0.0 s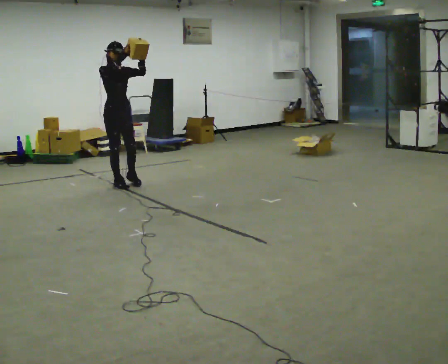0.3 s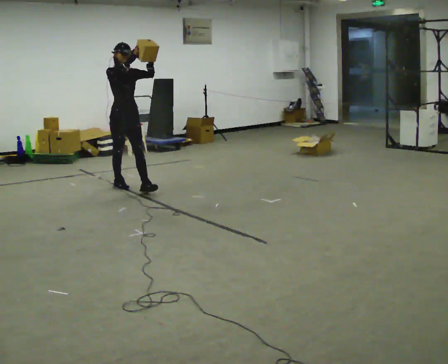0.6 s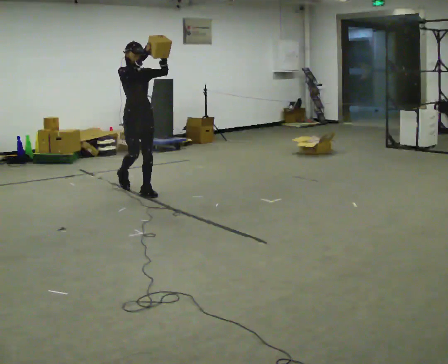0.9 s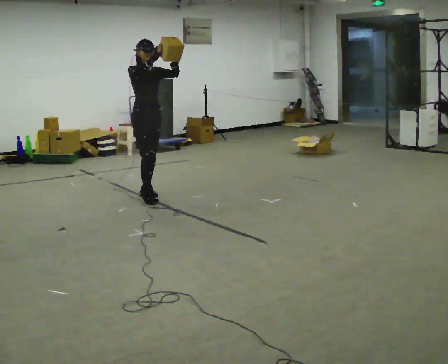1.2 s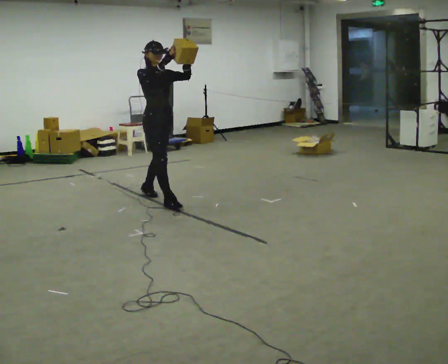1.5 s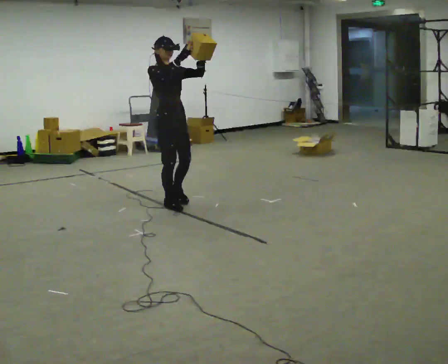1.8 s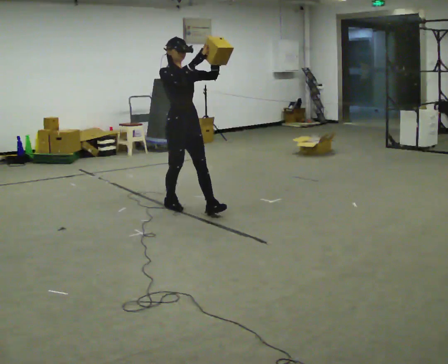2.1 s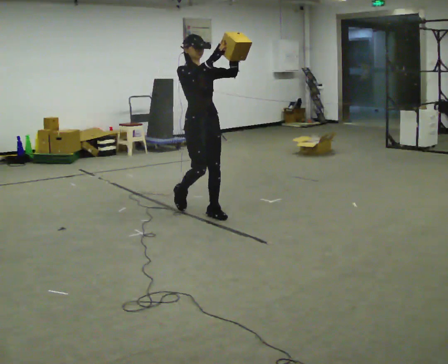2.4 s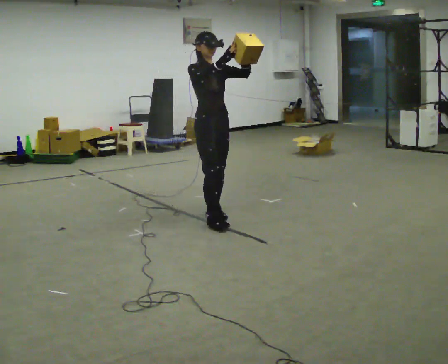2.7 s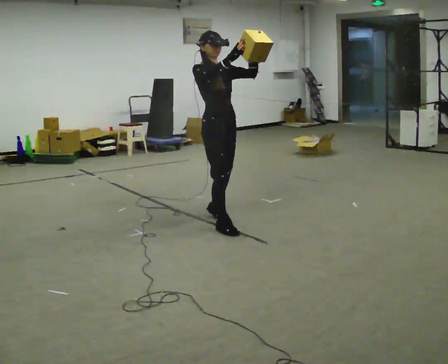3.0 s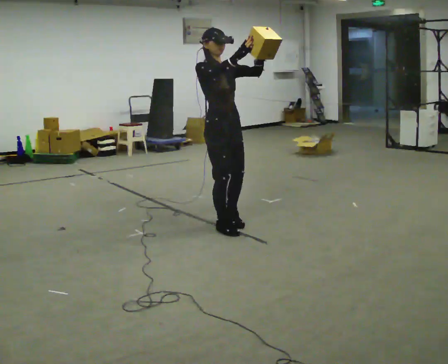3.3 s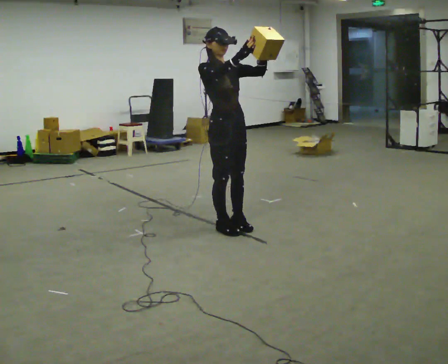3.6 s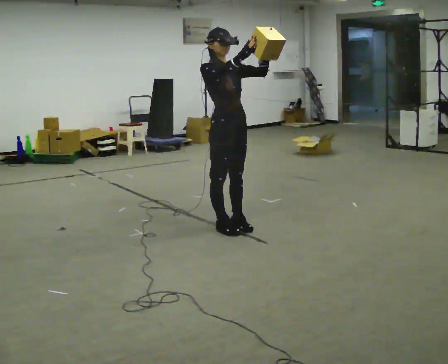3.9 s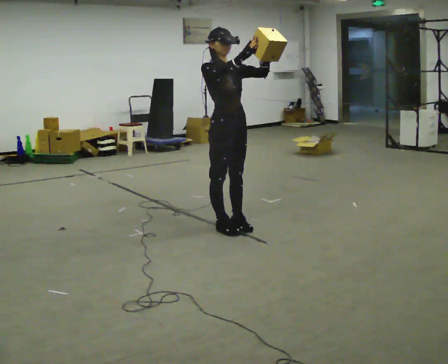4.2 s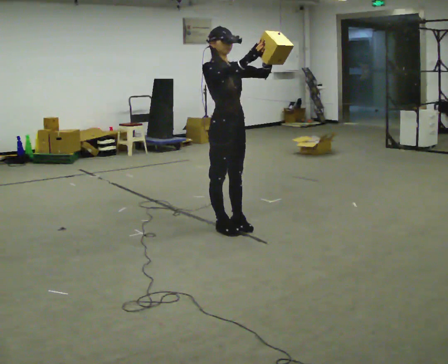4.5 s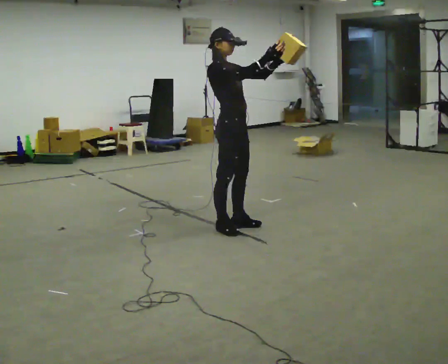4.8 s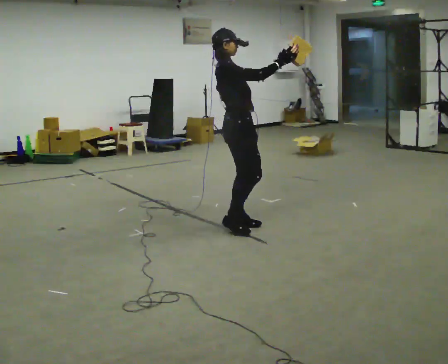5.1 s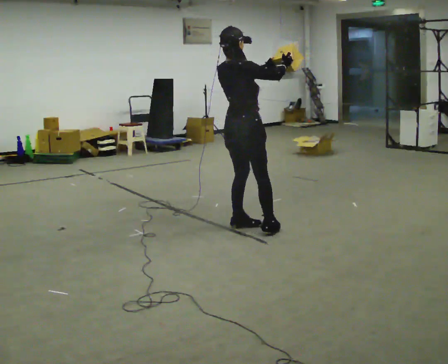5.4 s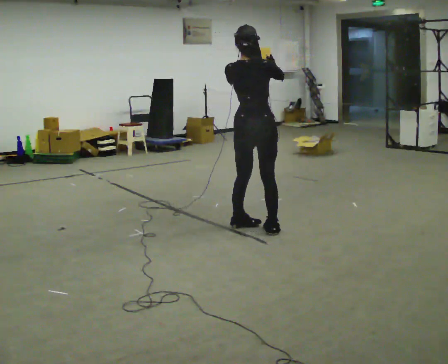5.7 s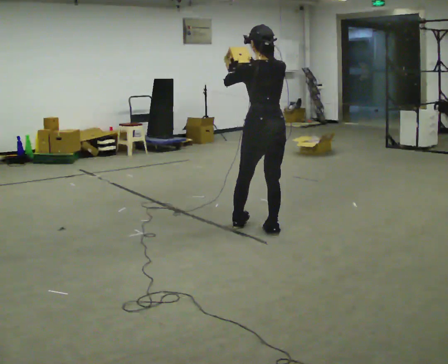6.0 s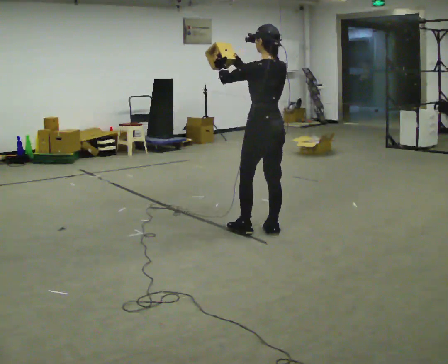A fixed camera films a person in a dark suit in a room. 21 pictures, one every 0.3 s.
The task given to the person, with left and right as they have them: Carry the object held up above your head, walking back and forth across the room.
0.0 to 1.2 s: In the picture they go to the right and toward the camera, about 1 m in 2 steps, which for them is forward.
1.2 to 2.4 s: In the picture they go to the right and toward the camera, about 1 m in 1 step, which for them is forward.
2.4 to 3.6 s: In the picture they go toward the camera and to the right, about 0.25 m in 2 steps, which for them is forward.
3.6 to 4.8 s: The person turns about 60 degrees to their left, counterclockwise seen from above, so the part of the body nearest the lens slides to the right.
4.8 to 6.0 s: Seen from above the body turns counterclockwise, about 120 degrees: to their left, with its near side sliding to the right. In the picture they go to the right, about 0.25 m in 1 step. In the picture the upper body tilts clockwise, shoulders to the right.
The film runs forward here.
